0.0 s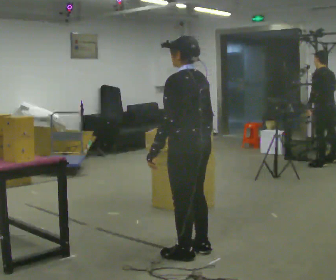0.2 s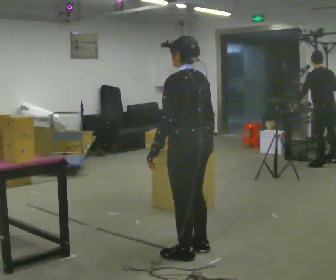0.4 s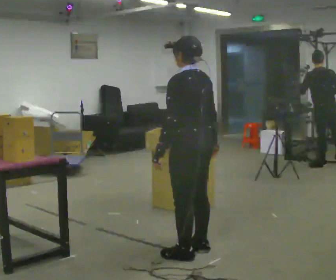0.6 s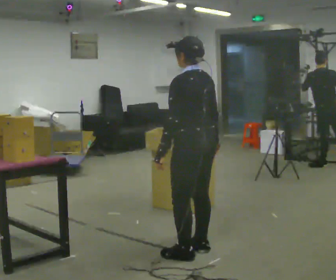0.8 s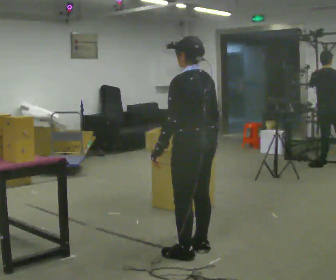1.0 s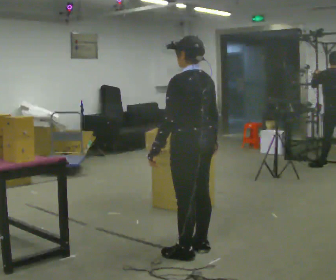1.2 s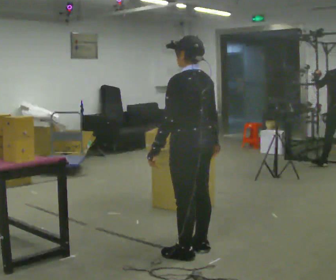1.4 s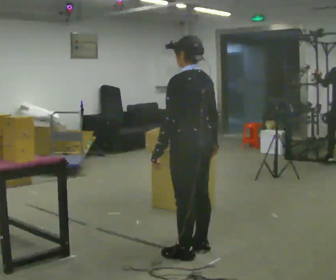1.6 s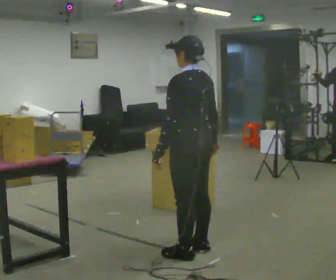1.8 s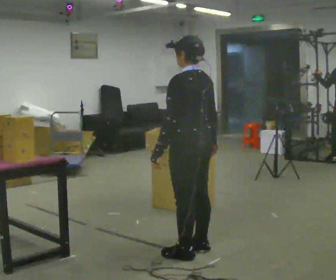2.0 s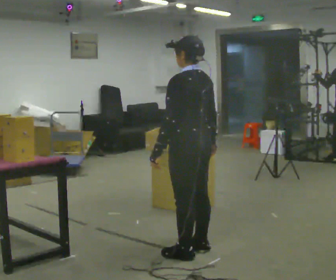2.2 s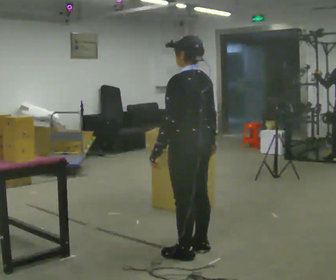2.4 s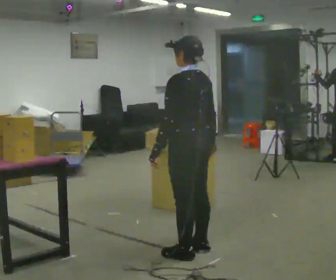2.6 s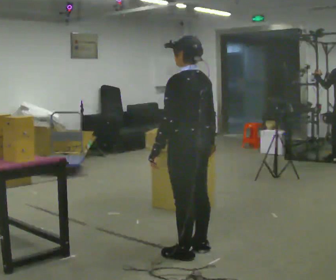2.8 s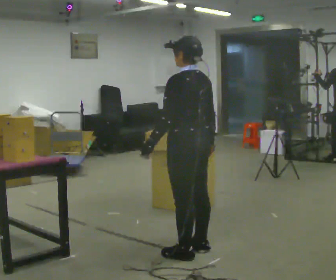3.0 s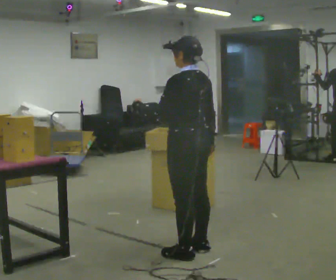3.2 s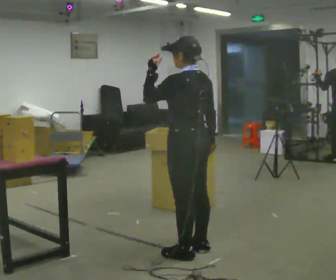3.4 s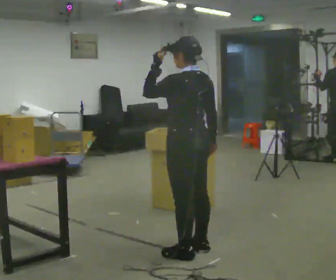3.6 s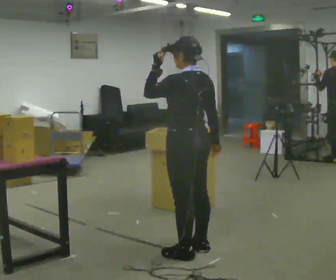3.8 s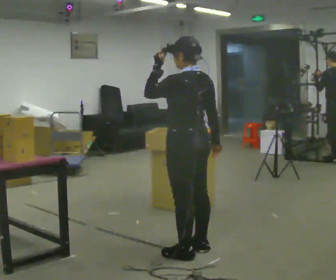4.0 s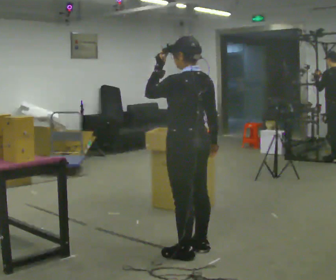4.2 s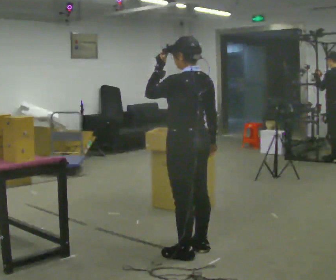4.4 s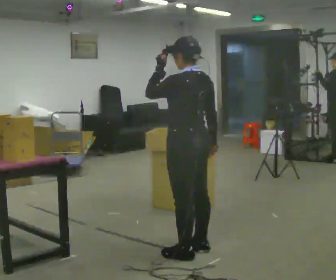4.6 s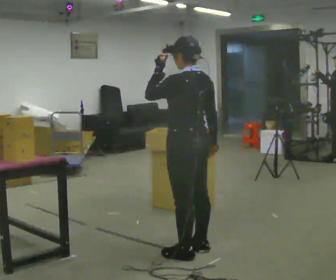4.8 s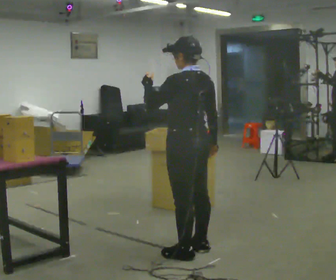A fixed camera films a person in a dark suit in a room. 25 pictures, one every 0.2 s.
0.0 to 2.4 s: The person moves a little, or ends about where they began.
2.4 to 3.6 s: In the picture their left hand goes upward.
3.6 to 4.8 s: The person moves a little, or ends about where they began.
The film runs forward here.
